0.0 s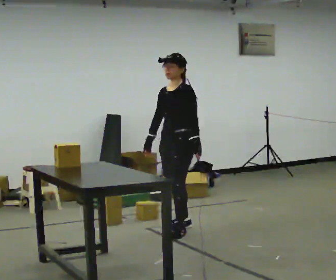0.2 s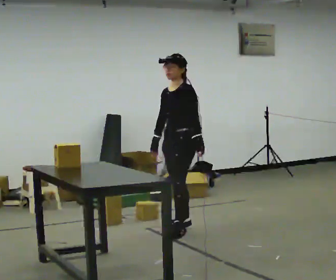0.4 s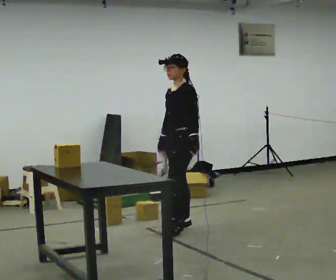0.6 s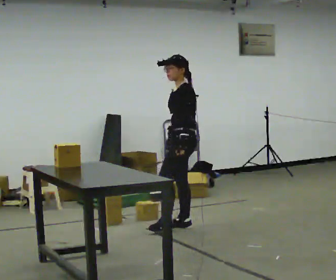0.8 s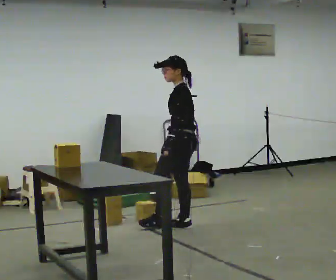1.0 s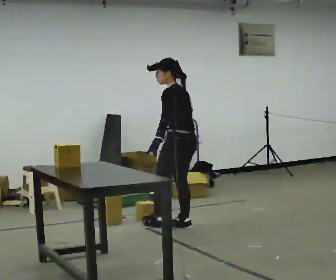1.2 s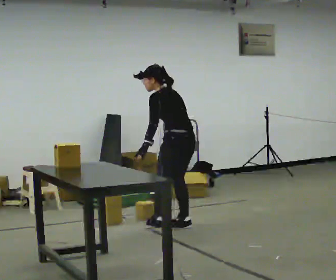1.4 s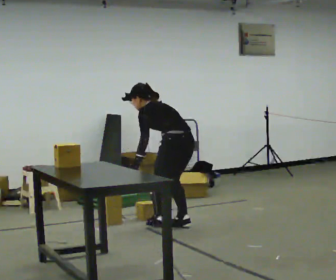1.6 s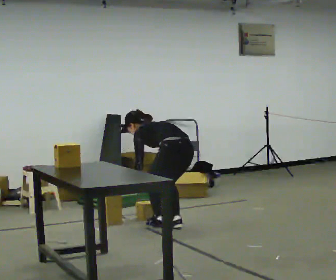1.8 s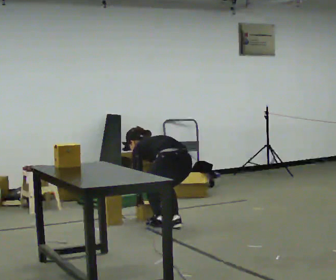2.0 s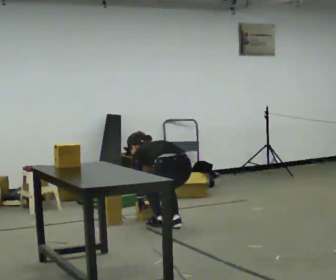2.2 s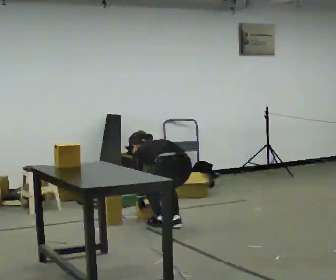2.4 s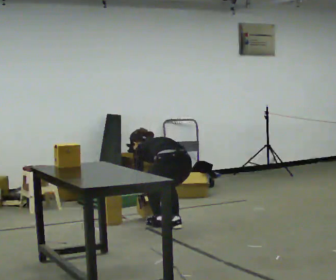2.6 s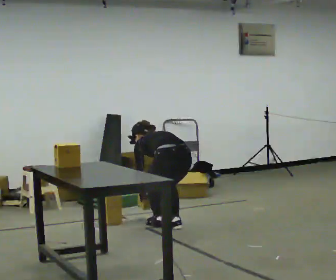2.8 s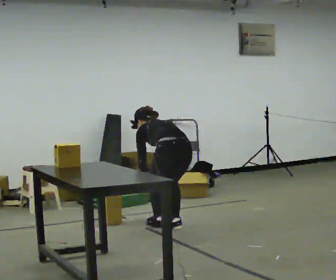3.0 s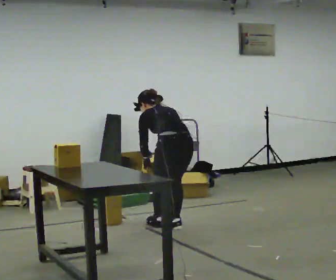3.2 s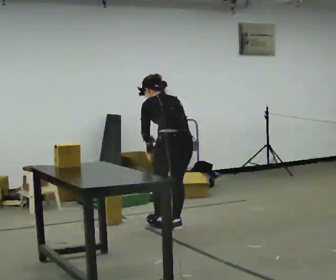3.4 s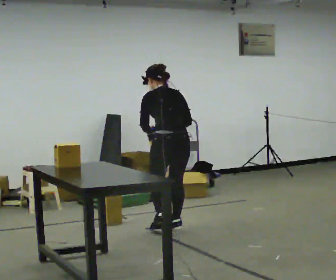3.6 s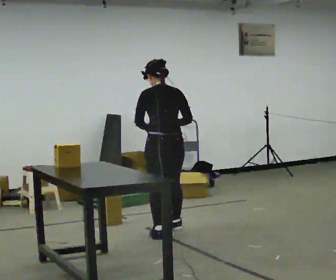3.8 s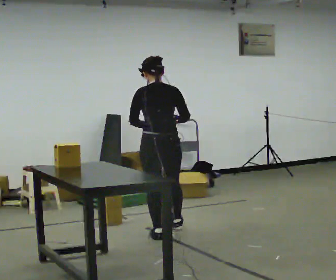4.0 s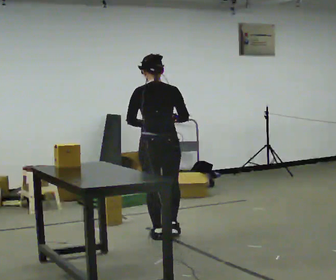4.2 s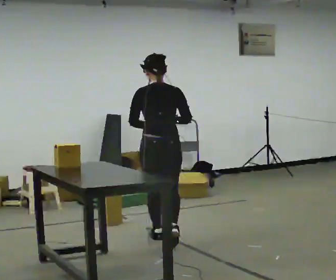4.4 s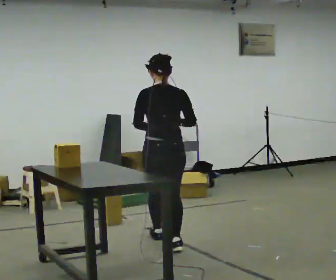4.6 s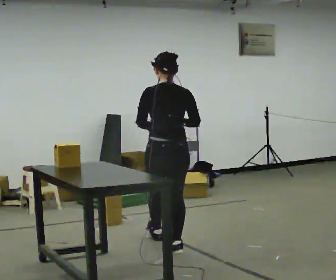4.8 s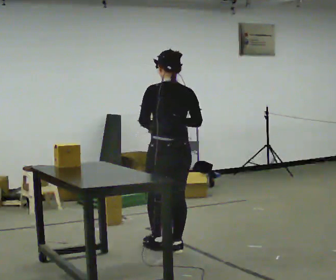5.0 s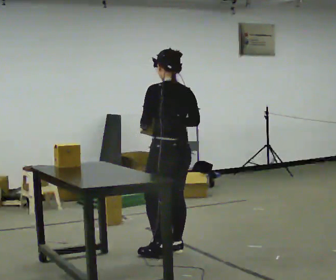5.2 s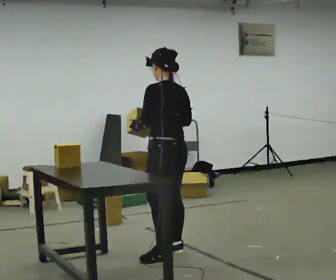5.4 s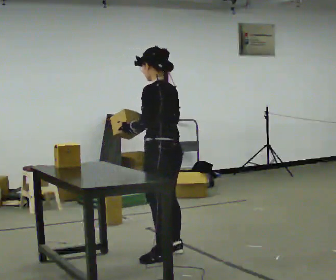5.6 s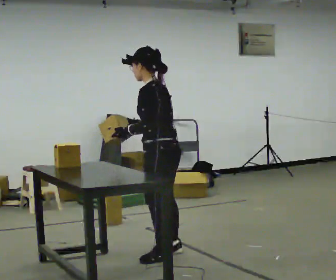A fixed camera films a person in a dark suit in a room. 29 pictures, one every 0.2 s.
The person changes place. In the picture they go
toward the camera.
0.0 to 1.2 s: The part of the body nearest the lens slides to the left as the person turns to their right by about 75 degrees. In the picture the upper body tilts counterclockwise, shoulders to the left, as they bend forward. In the picture their right hand goes to the right, the arm swinging counterclockwise.
1.2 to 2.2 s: The upper body goes downward. The upper body tips away from the camera, its near side rolling upward, as they bend forward. In the picture their left hand goes downward.
2.2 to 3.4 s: The upper body goes upward. The upper body tips toward the camera, its near side rolling downward, as they lean back or straighten. In the picture their right hand goes upward.
3.4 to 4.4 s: In the picture they go toward the camera, about 0.5 m in 1 step, which for them is backward. The upper body tips toward the camera, its near side rolling downward, as they lean back or straighten.
4.4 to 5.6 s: Seen from above the body turns counterclockwise, about 75 degrees: to their left, with its near side sliding to the right. In the picture they go toward the camera, about 0.5 m in 1 step.
The film runs backward here.
